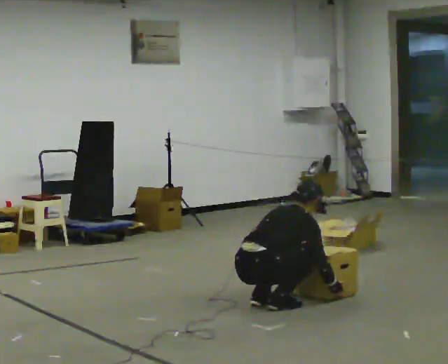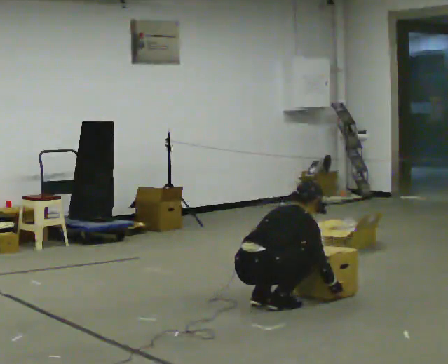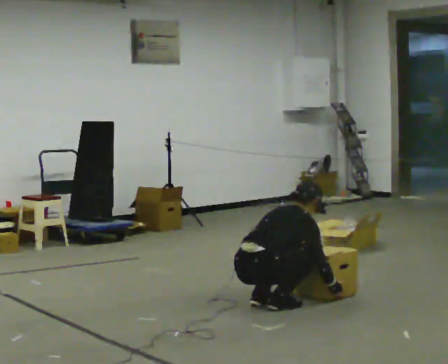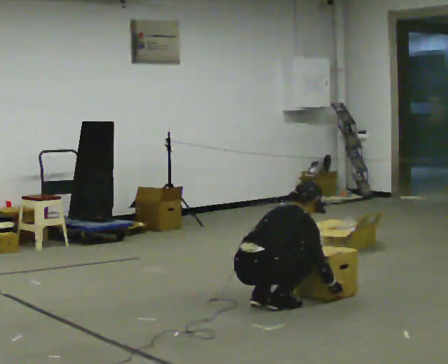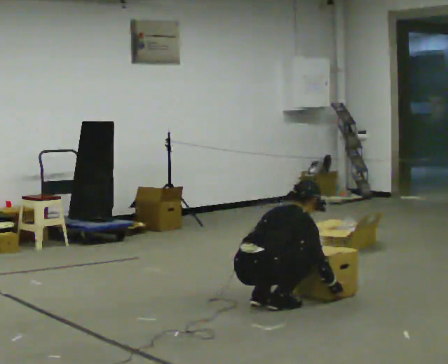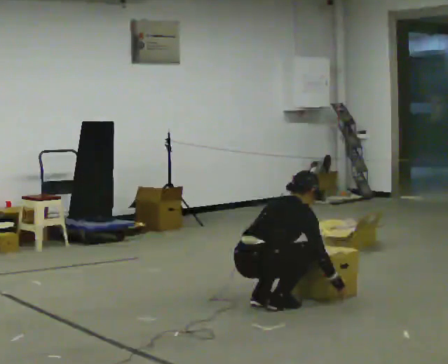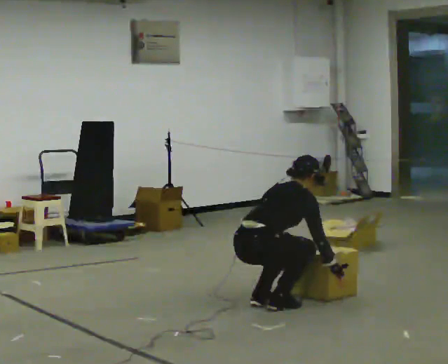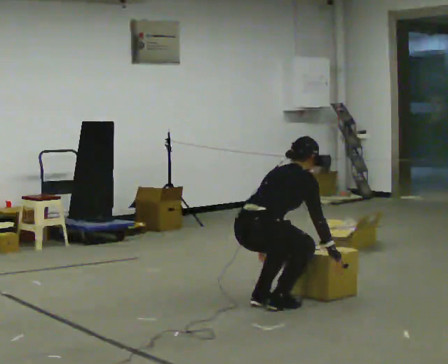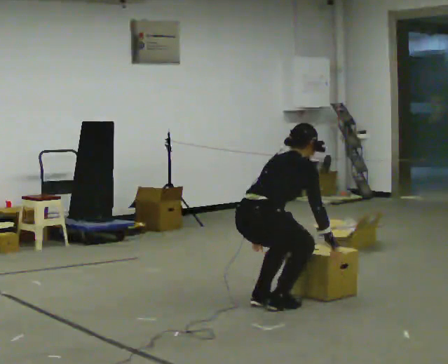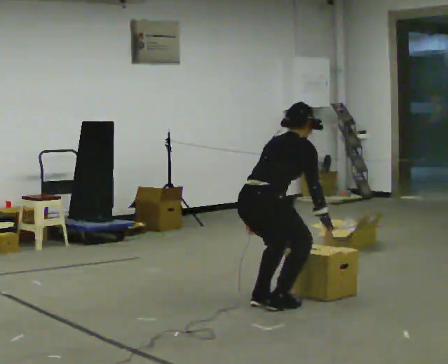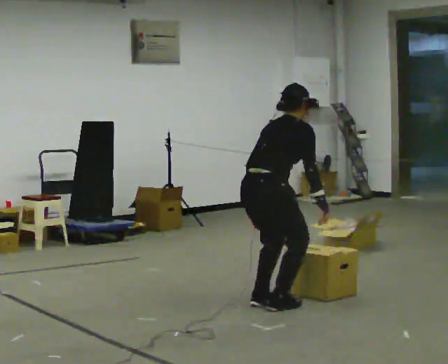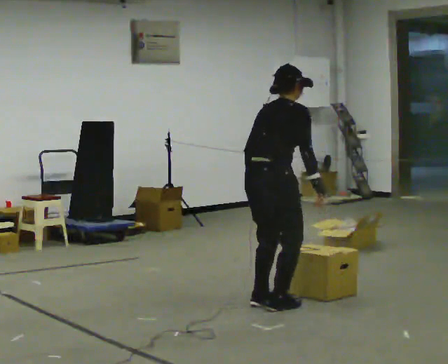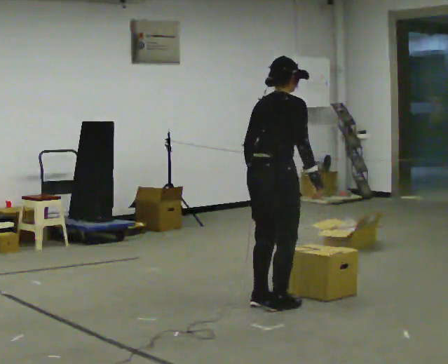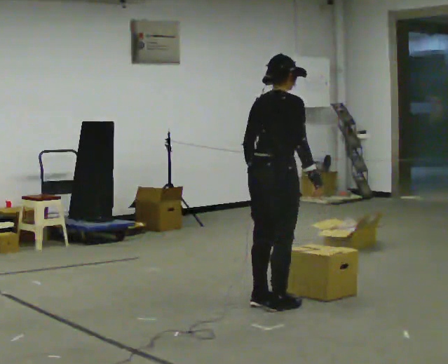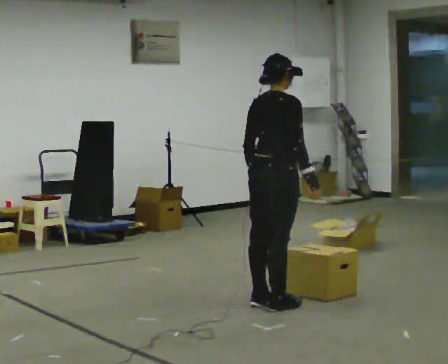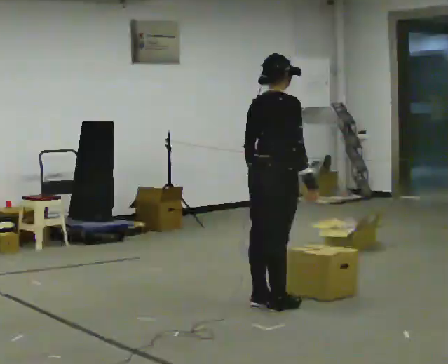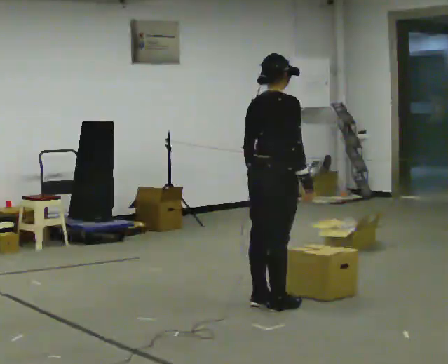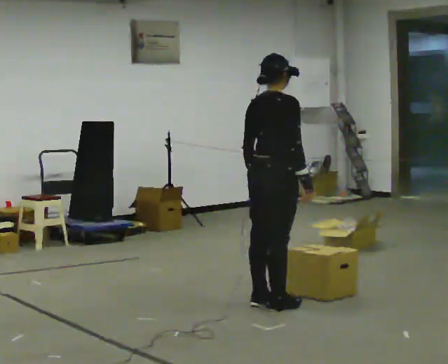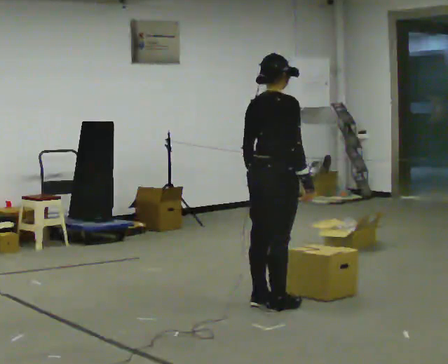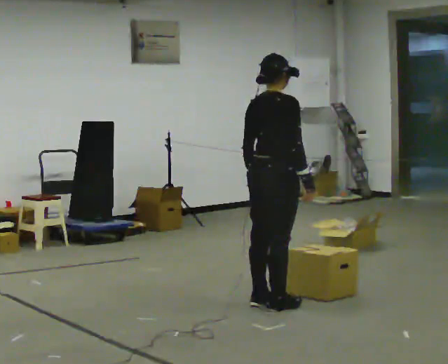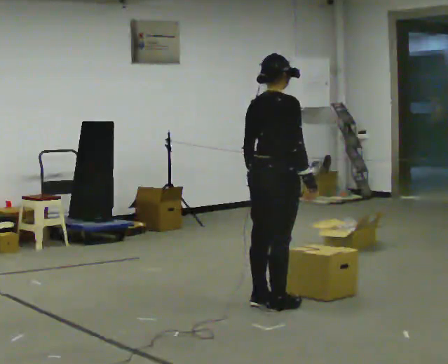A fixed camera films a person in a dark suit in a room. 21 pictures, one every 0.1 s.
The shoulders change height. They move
upward.
Their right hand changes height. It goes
upward.
0.0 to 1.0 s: The shoulders move upward. In the picture the upper body tilts counterclockwise, shoulders to the left, as they lean back or straighten. In the picture their right hand goes upward.
1.0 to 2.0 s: In the picture the upper body tilts counterclockwise, shoulders to the left, as they lean back or straighten.
The film runs forward here.
